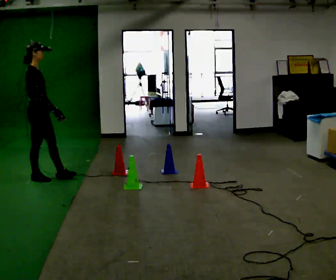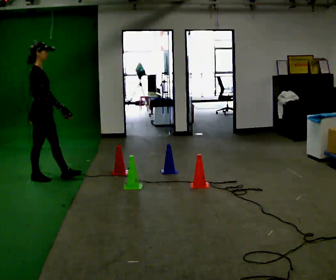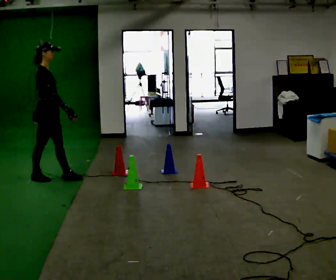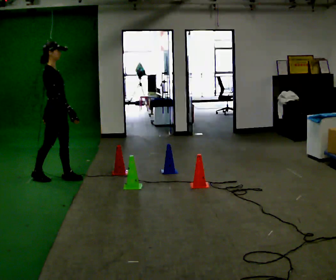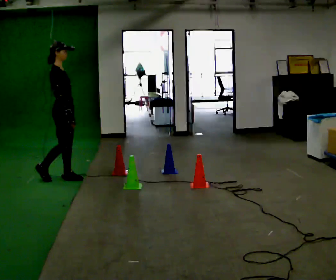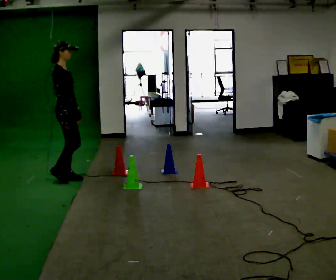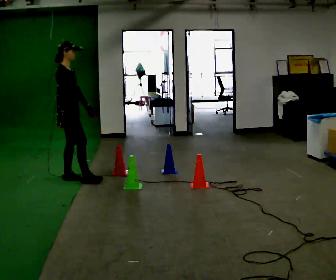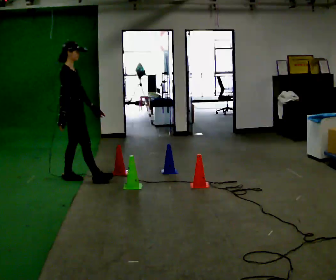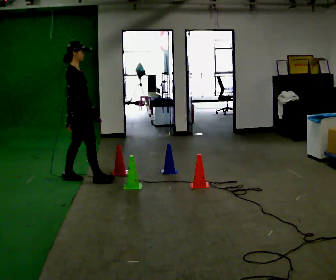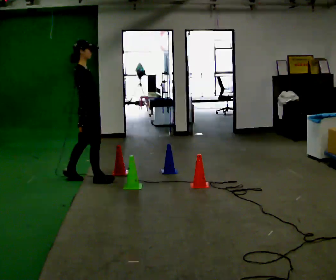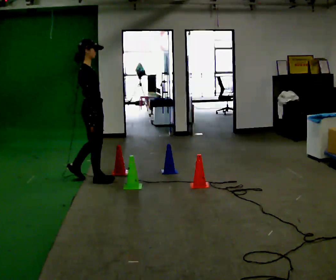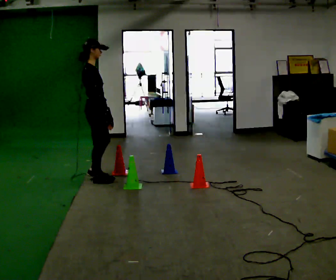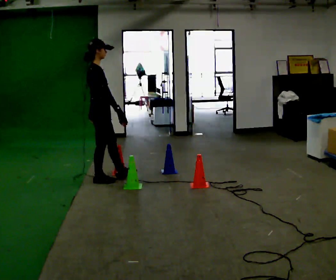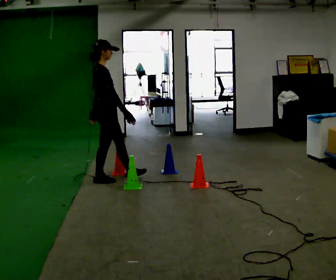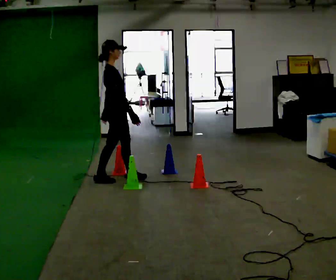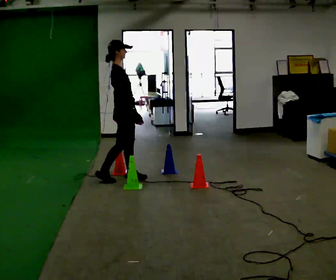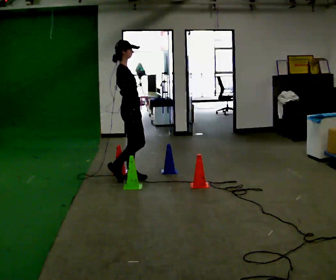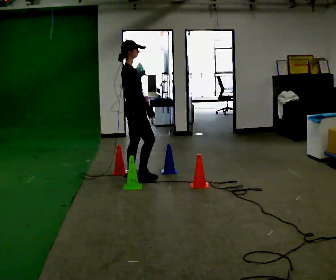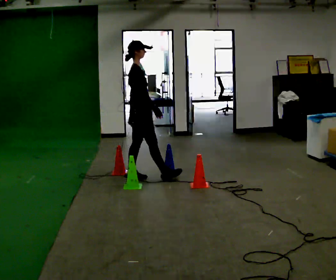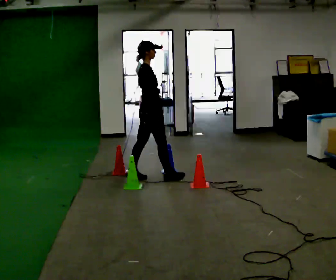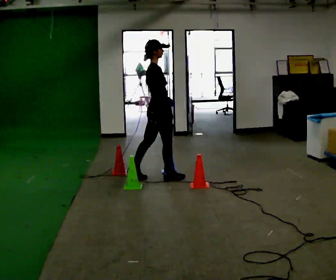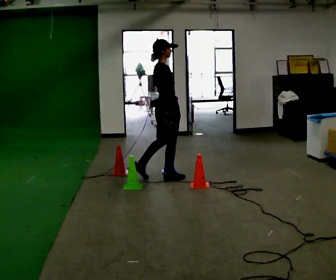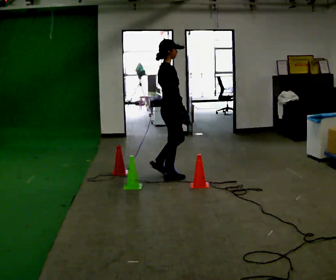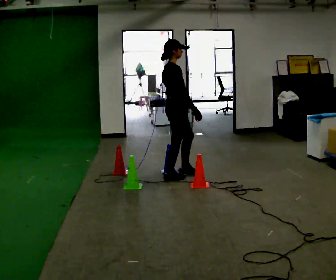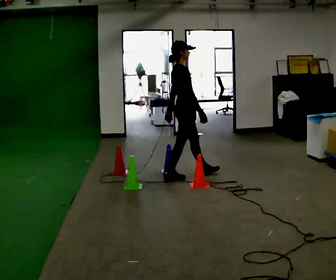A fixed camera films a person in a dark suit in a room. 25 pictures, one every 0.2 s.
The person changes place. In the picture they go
to the right.
0.0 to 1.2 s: In the picture they go to the right, about 0.25 m in 1 step, which for them is forward.
1.2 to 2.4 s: In the picture they go to the right and toward the camera, about 0.5 m in 1 step, which for them is forward.
2.4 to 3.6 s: In the picture they go to the right, about 0.5 m in 1 step, which for them is forward and to their left.
3.6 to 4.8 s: In the picture they go to the right, about 0.5 m in 2 steps, which for them is forward.
The film runs forward here.
